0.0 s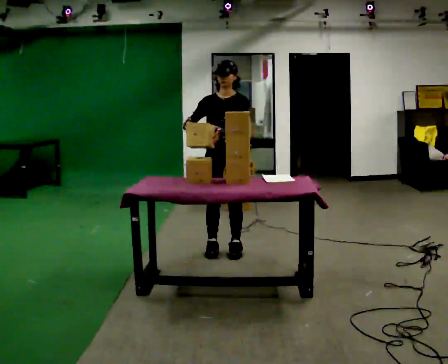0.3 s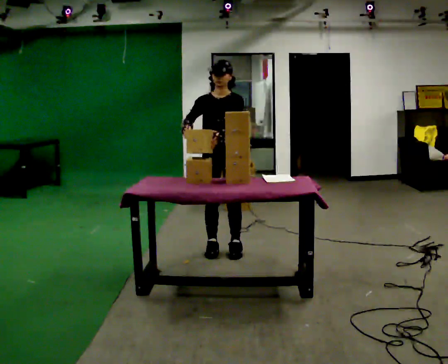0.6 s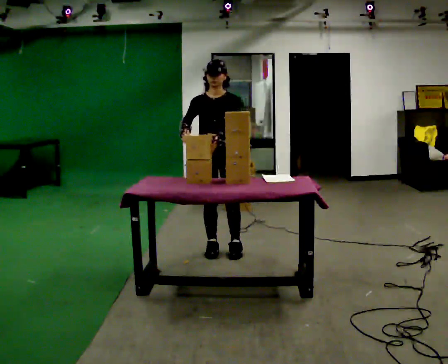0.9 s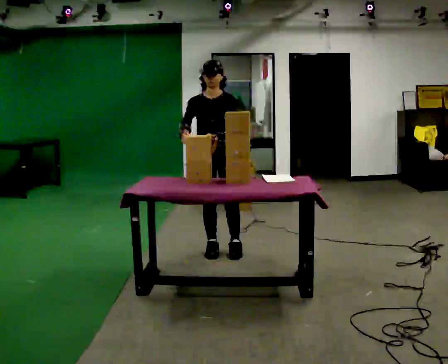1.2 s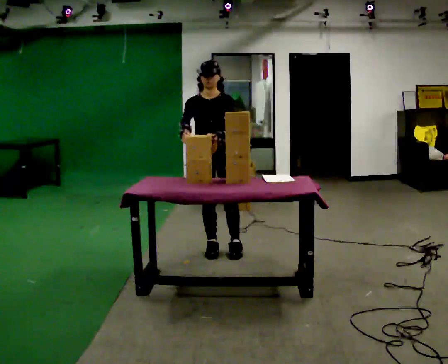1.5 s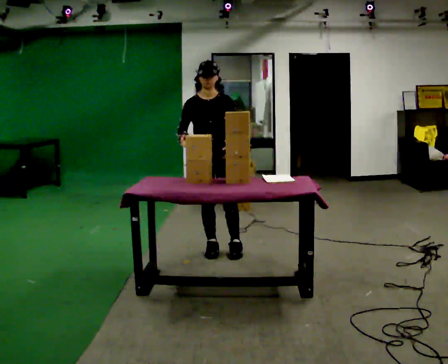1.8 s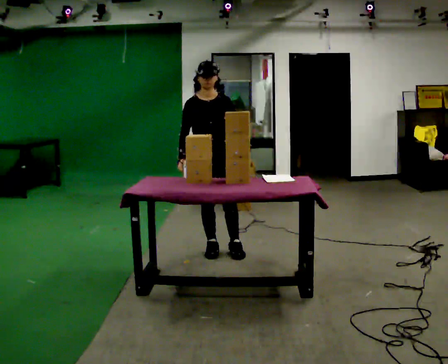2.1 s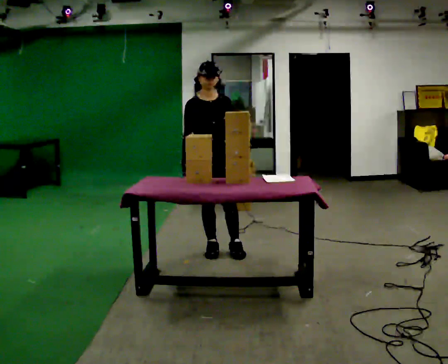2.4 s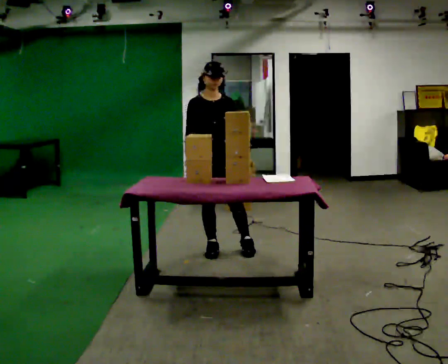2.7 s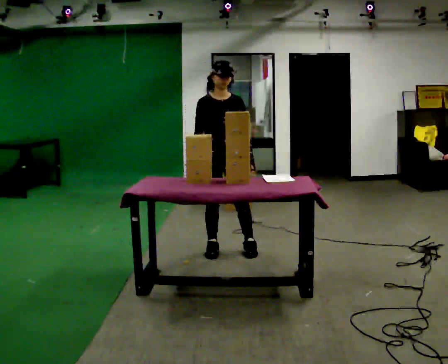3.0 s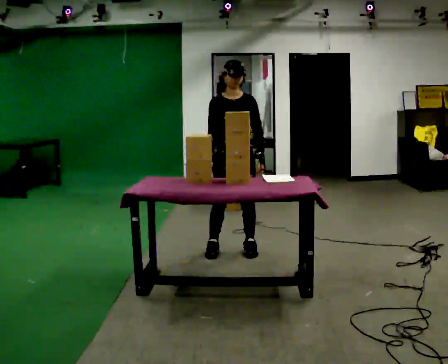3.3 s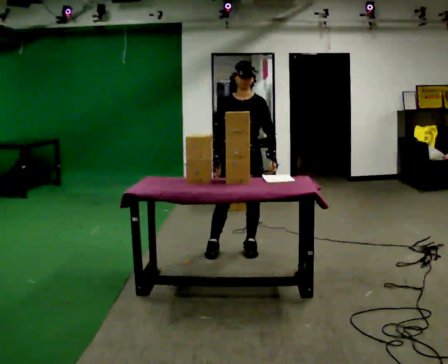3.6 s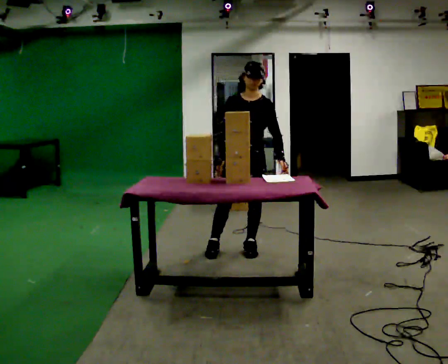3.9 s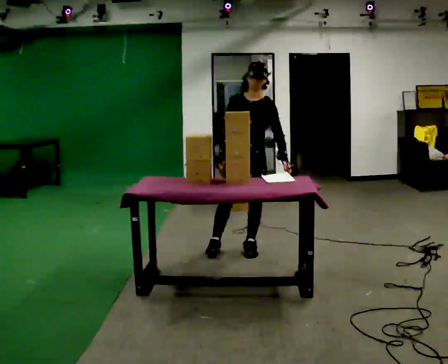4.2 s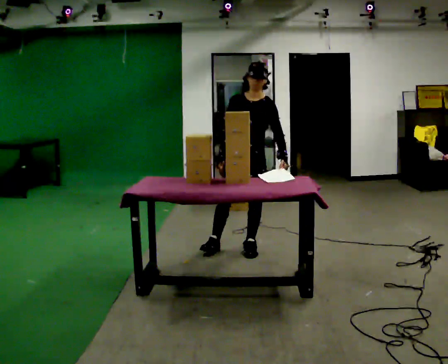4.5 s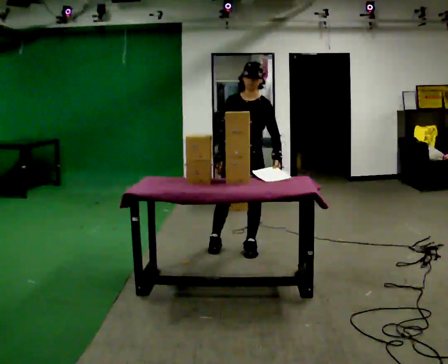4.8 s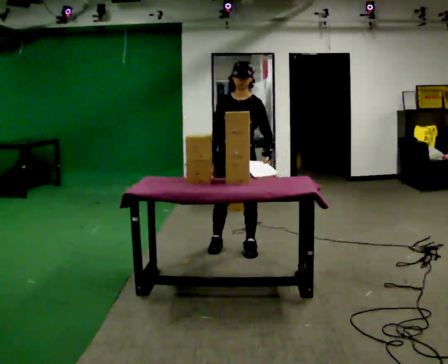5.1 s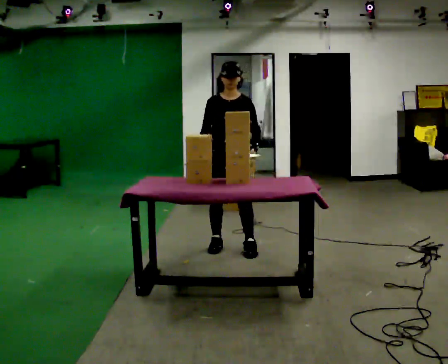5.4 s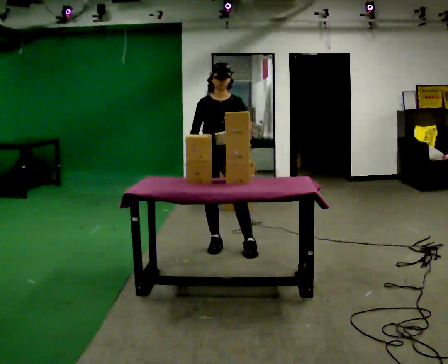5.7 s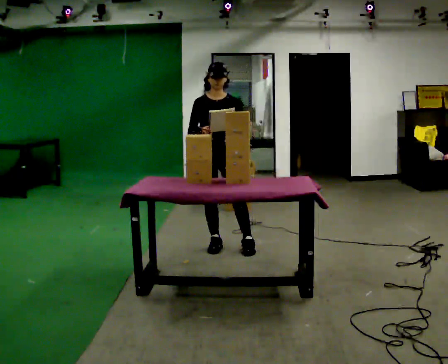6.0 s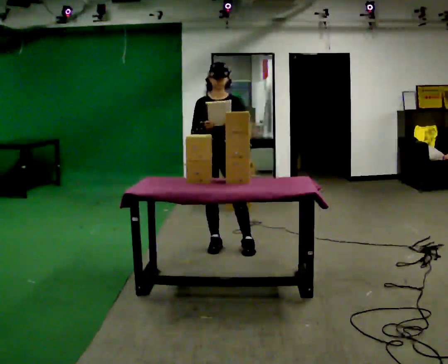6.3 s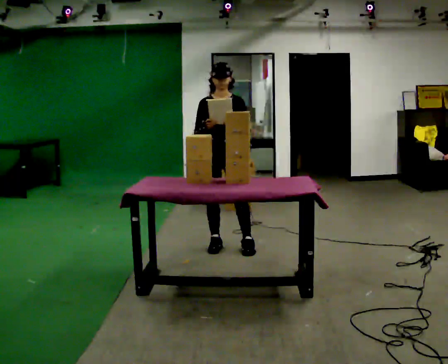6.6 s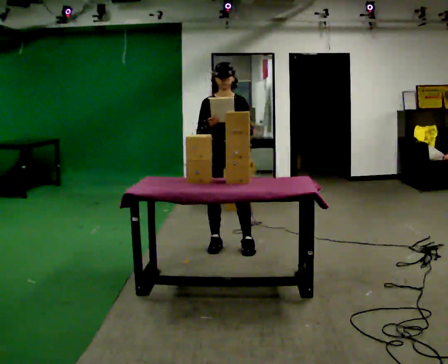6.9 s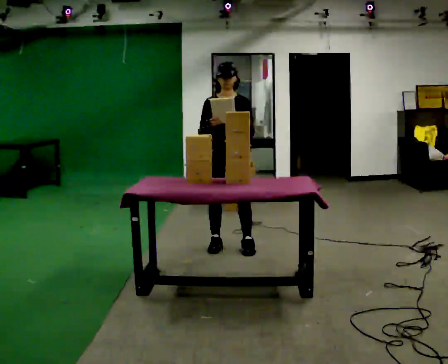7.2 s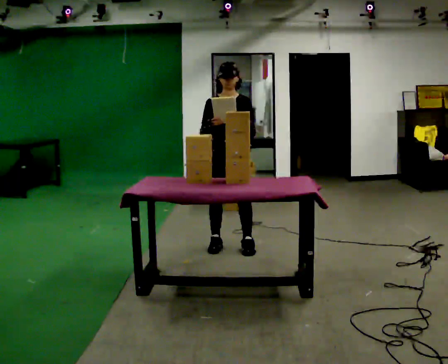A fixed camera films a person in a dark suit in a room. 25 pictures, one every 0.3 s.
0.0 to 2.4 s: The person turns about 30 degrees to their left, counterclockwise seen from above, so the part of the body nearest the lens slides to the right.
2.4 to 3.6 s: The person turns about 30 degrees to their right, clockwise seen from above, so the part of the body nearest the lens slides to the left. In the picture they go to the right, about 0.25 m, which for them is to their left.
3.6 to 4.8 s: The person moves a little, or ends about where they began.
4.8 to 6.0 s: In the picture they go to the left, about 0.25 m, which for them is to their right.
6.0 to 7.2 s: The person moves a little, or ends about where they began.
The film runs forward here.
